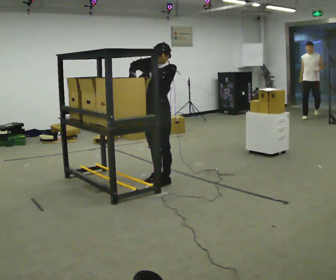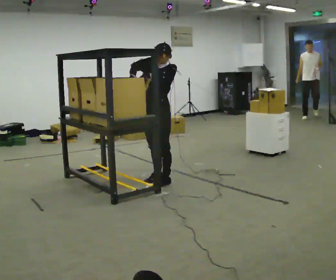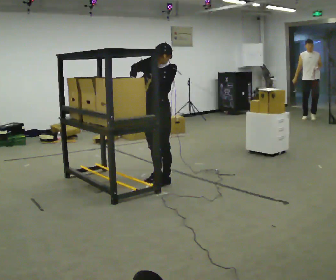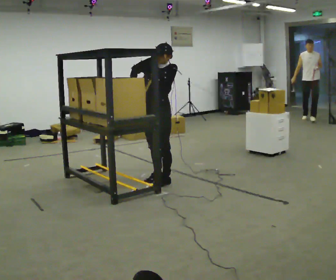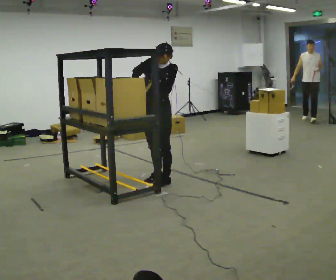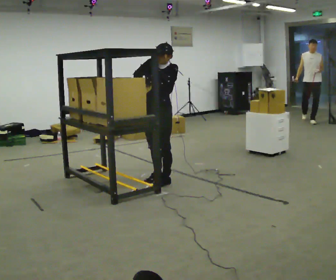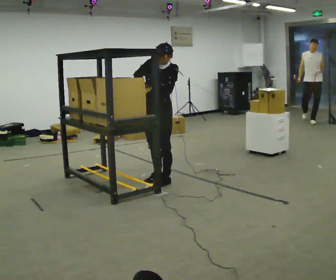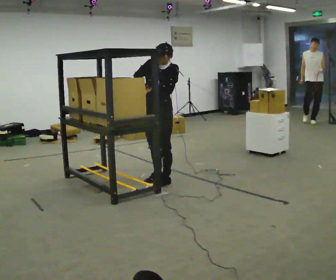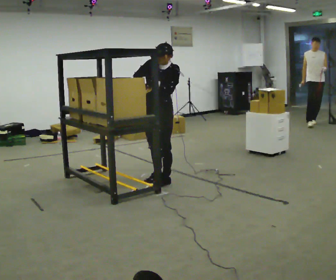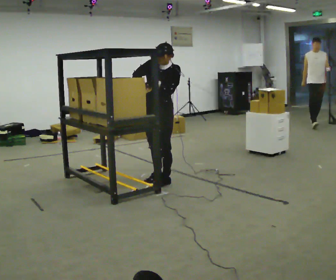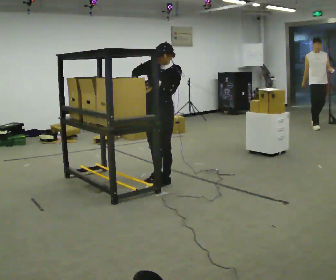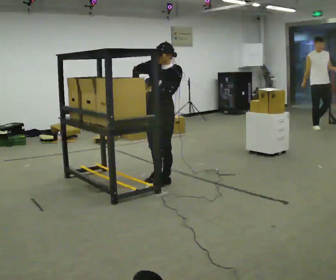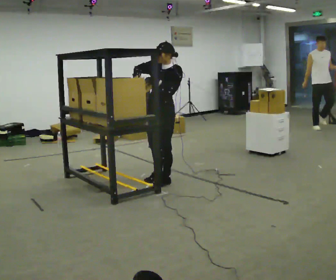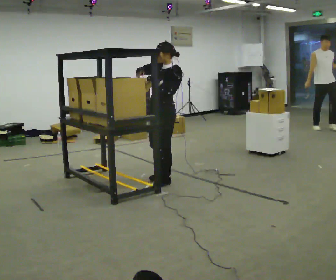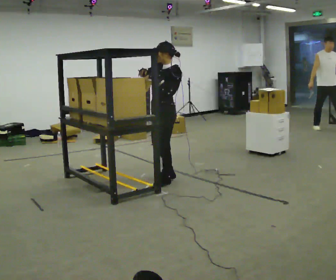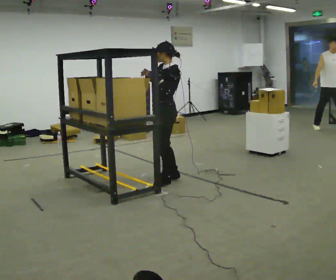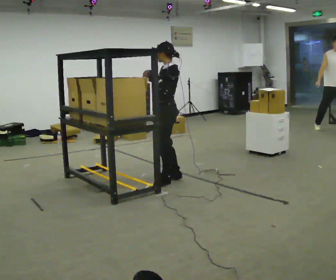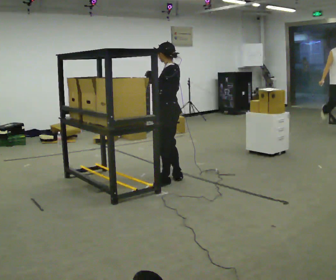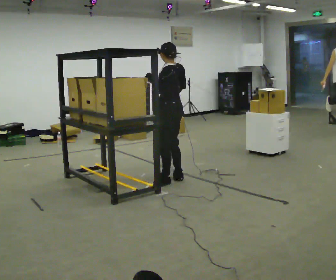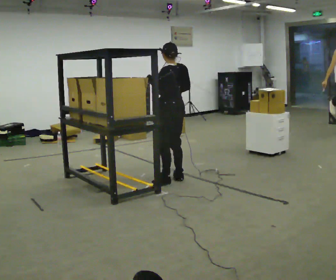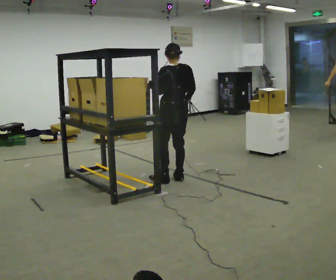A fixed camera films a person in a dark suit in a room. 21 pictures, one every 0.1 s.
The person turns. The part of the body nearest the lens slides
to the left.
The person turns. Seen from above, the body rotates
clockwise.
0.0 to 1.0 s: The person moves a little, or ends about where they began.
1.0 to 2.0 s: The person turns about 120 degrees to their right, clockwise seen from above, so the part of the body nearest the lens slides to the left. In the picture they go to the right, about 0.25 m in 1 step. In the picture their right hand goes to the right.
The film runs forward here.
